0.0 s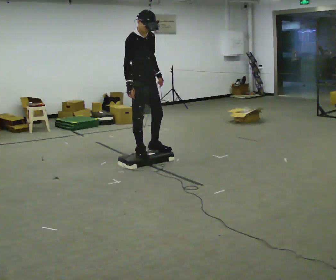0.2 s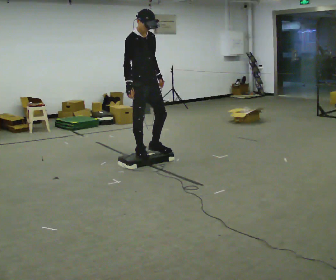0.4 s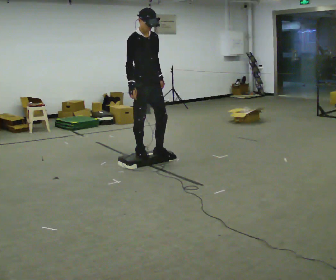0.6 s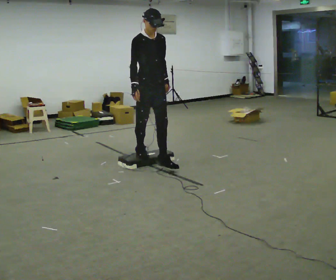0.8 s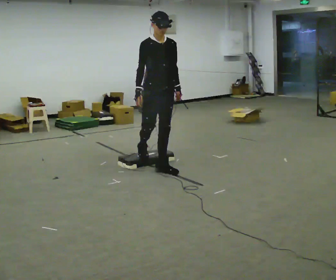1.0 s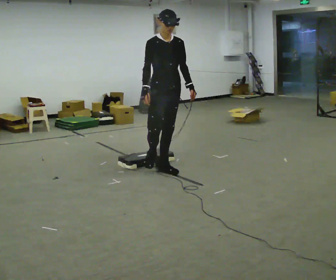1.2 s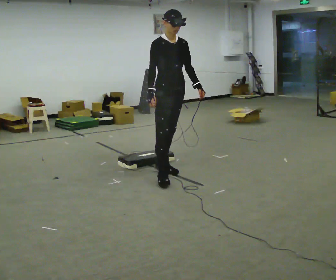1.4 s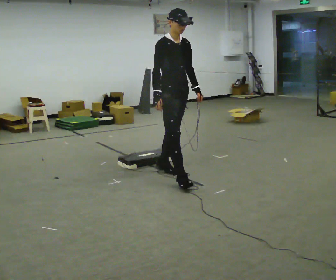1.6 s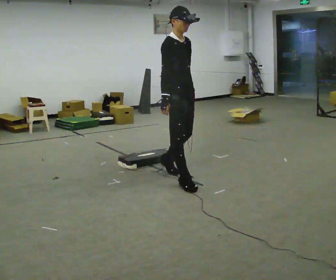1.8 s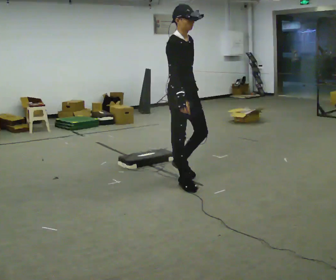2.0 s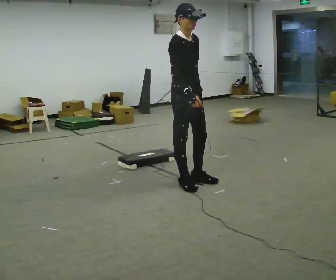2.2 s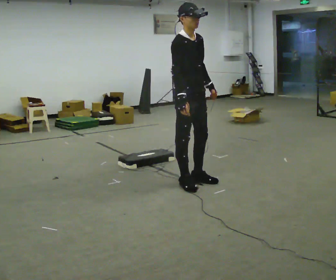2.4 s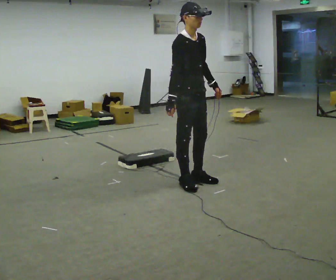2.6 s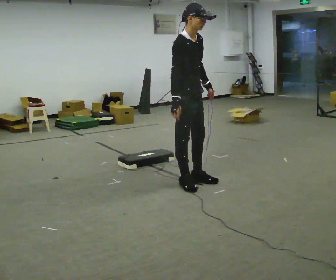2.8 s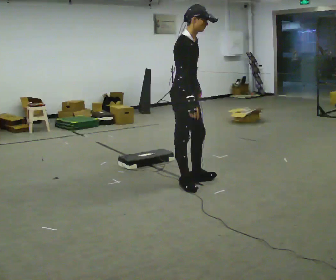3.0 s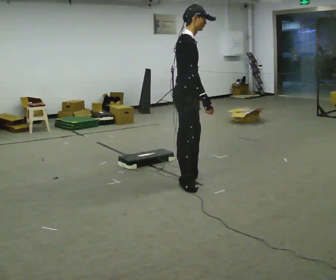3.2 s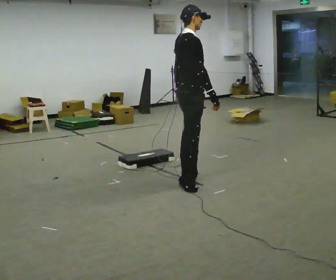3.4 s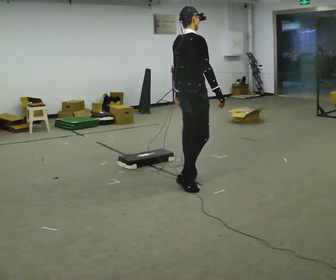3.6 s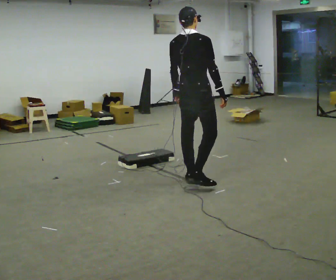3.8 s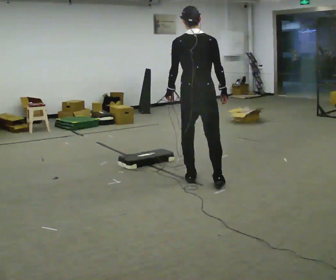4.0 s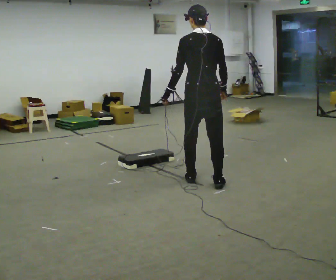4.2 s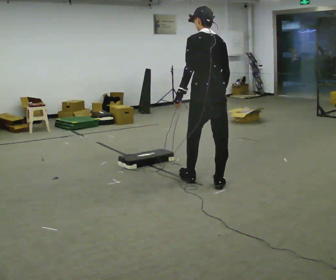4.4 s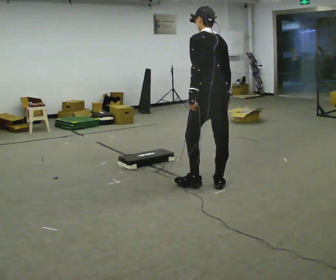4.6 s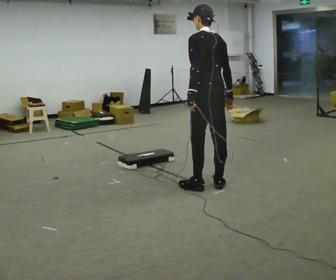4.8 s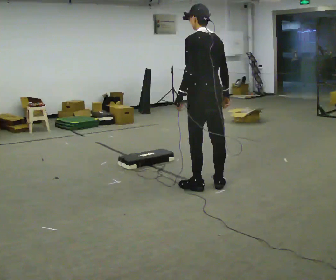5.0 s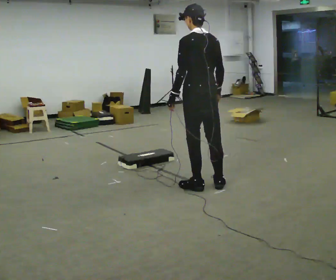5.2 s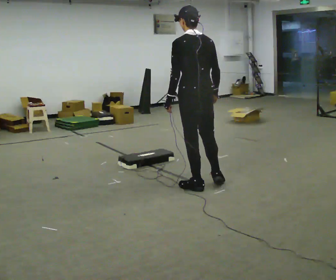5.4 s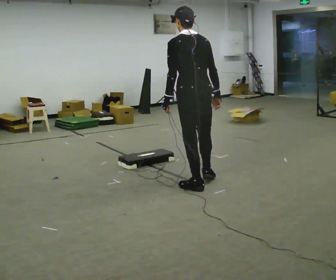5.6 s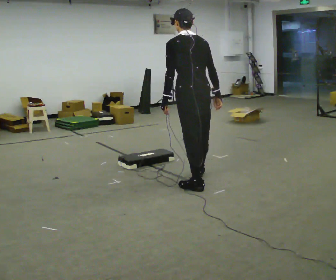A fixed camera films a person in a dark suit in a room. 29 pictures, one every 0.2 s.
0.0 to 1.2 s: In the picture they go toward the camera and to the right, about 0.5 m in 1 step, which for them is forward.
1.2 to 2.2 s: In the picture they go toward the camera and to the right, about 0.5 m in 2 steps, which for them is forward and to their right.
2.2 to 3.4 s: The person turns about 75 degrees to their left, counterclockwise seen from above, so the part of the body nearest the lens slides to the right. In the picture their right hand goes to the right.
3.4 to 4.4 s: The part of the body nearest the lens slides to the right as the person turns to their left by about 90 degrees. In the picture they go to the right, about 0.25 m in 1 step.
4.4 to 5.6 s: In the picture they go to the left, about 0.25 m in 2 steps, which for them is to their left and forward.
The film runs forward here.
